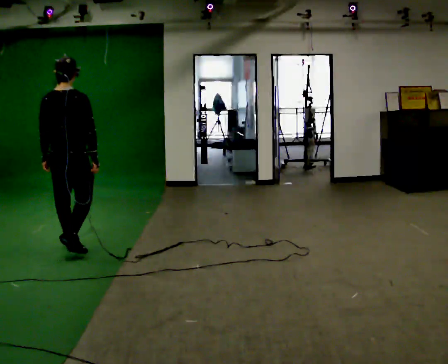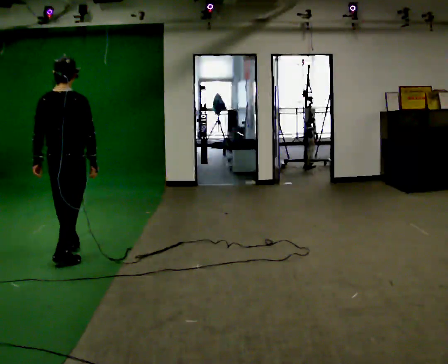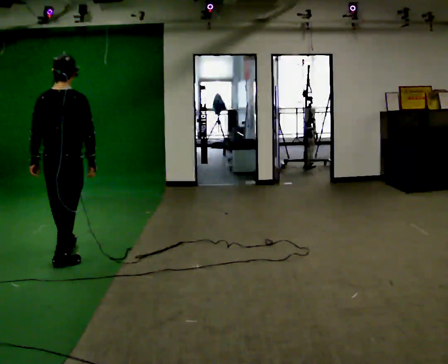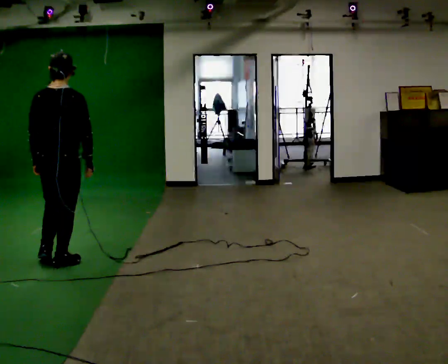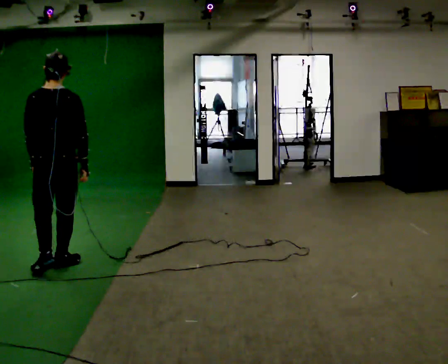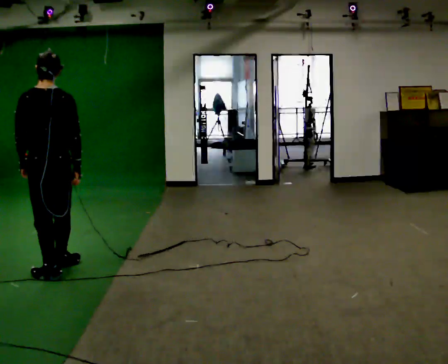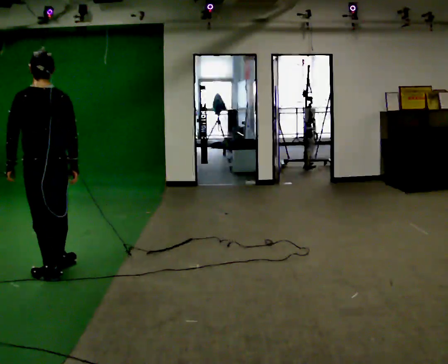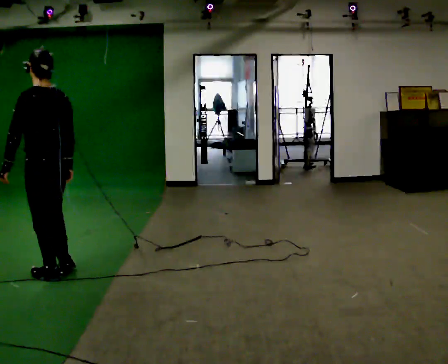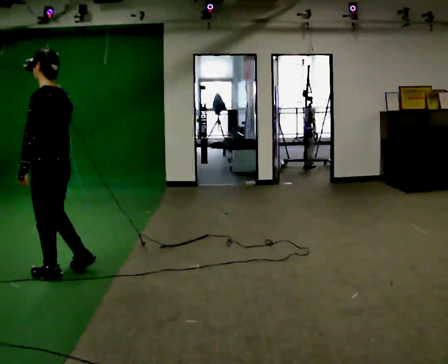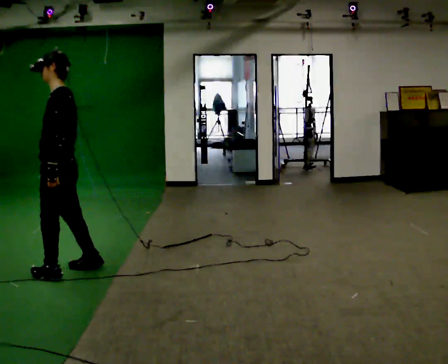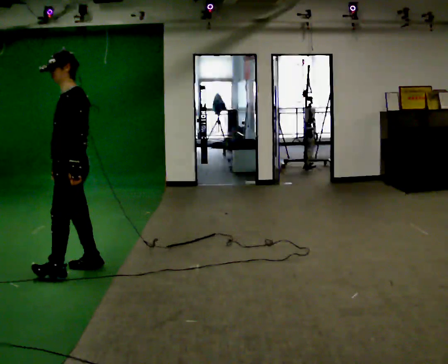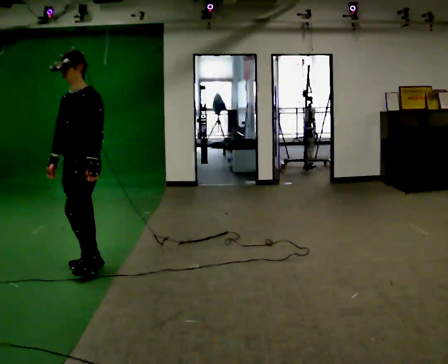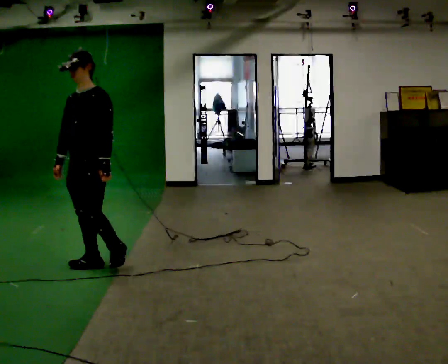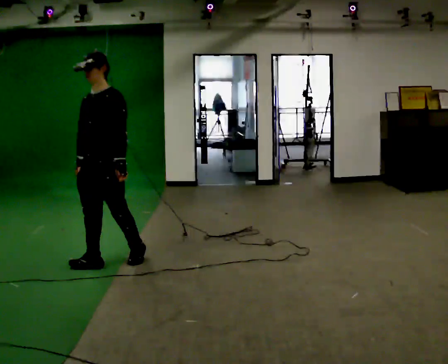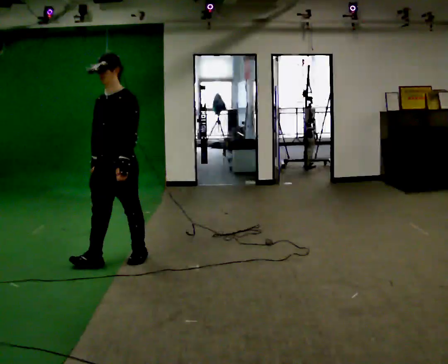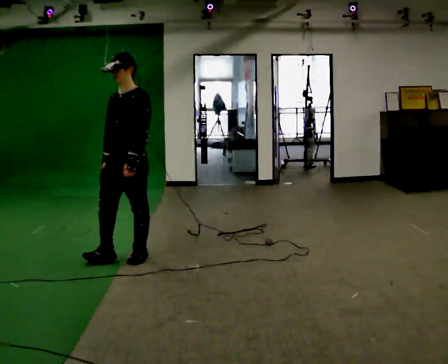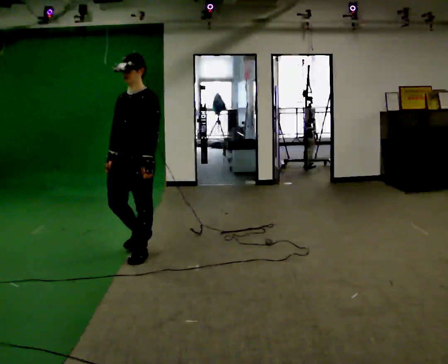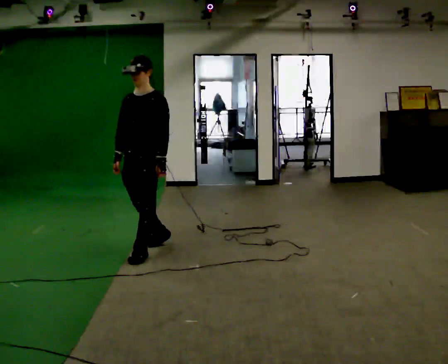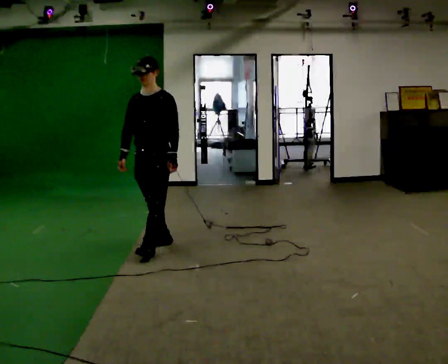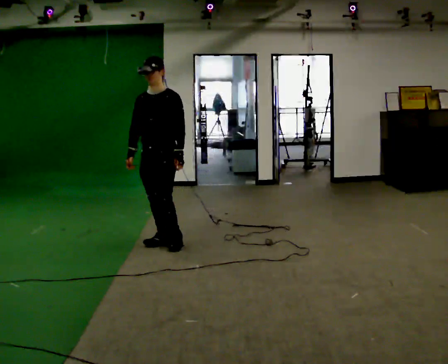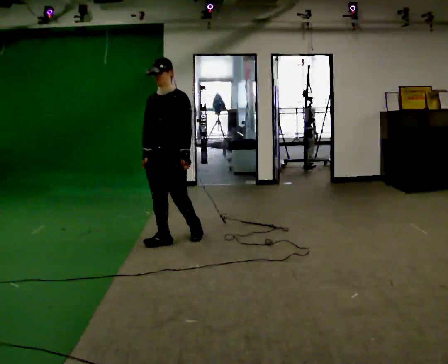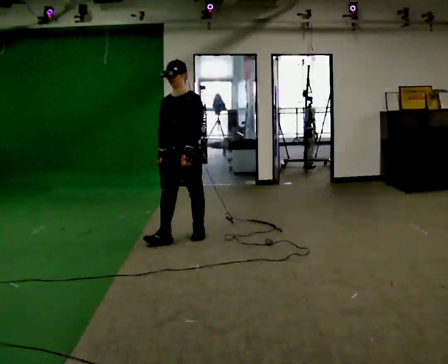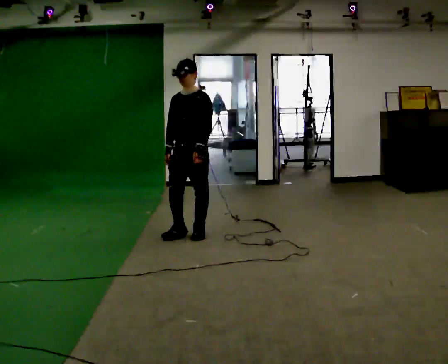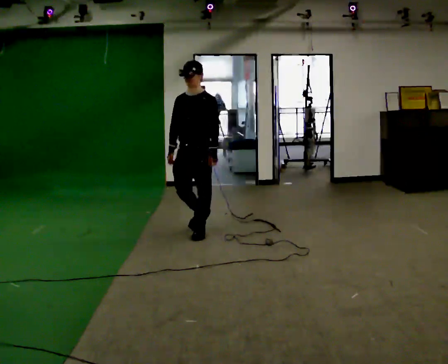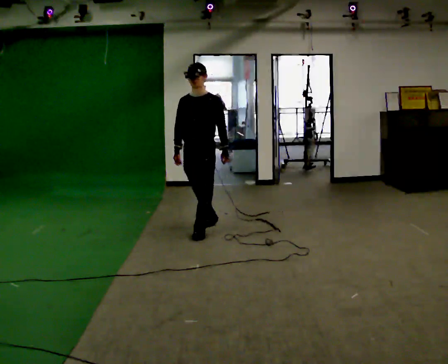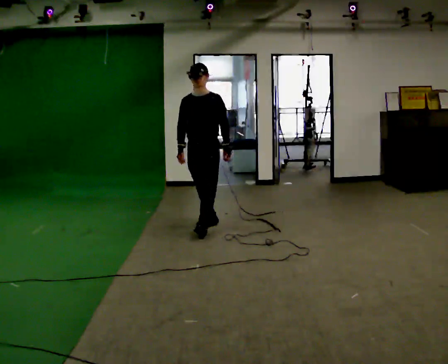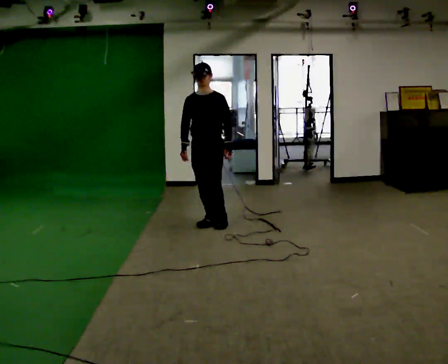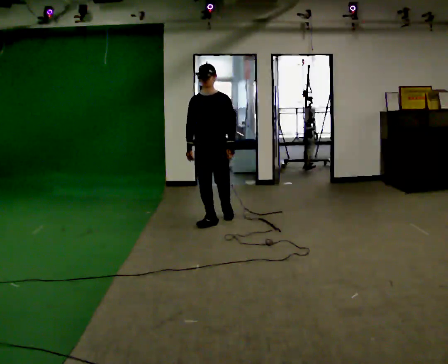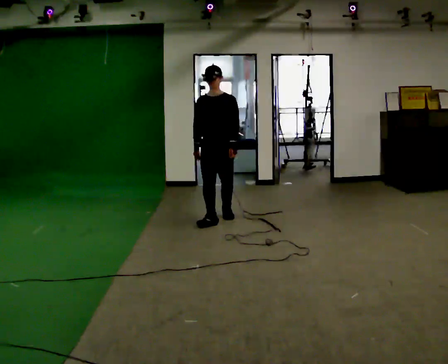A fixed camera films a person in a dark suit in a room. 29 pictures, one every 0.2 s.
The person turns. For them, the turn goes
to their left.
The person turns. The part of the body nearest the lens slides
to the right.
0.0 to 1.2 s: Seen from above the body turns counterclockwise, about 30 degrees: to their left, with its near side sliding to the right. In the picture they go toward the camera, about 0.5 m in 2 steps, which for them is backward.
1.2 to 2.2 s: Seen from above the body turns counterclockwise, about 105 degrees: to their left, with its near side sliding to the right. In the picture they go to the right and away from the camera, about 0.25 m in 1 step.
2.2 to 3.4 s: In the picture they go to the right and away from the camera, about 0.5 m in 1 step, which for them is backward.
3.4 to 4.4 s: In the picture they go away from the camera and to the right, about 0.75 m in 2 steps, which for them is backward.
4.4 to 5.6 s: In the picture they go away from the camera and to the right, about 0.75 m in 1 step, which for them is backward.
The film runs backward here.
